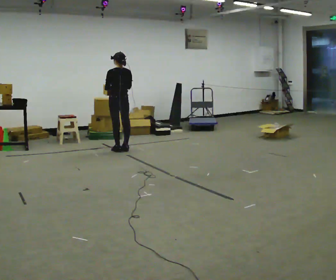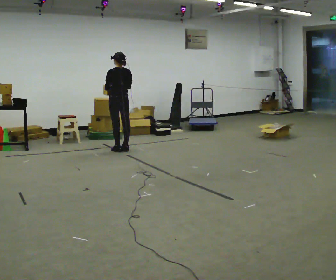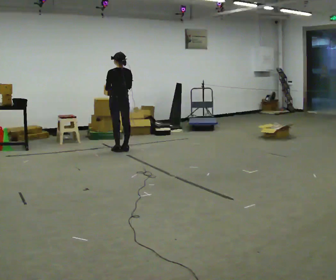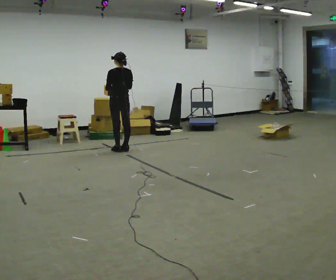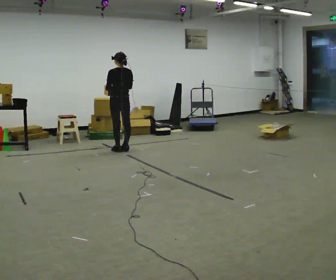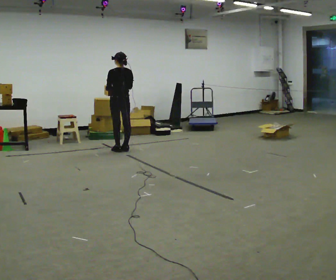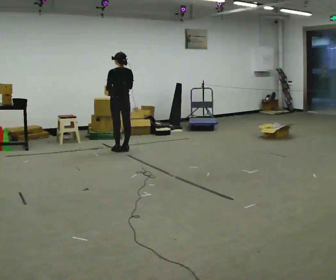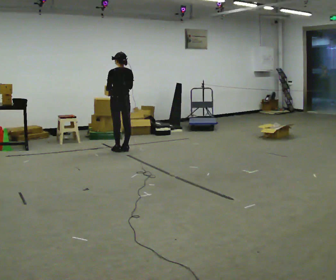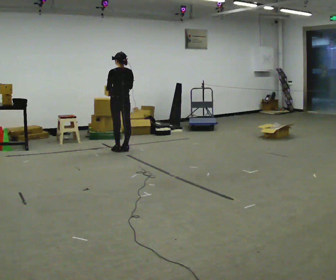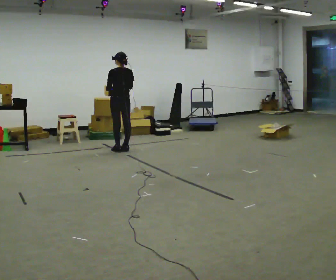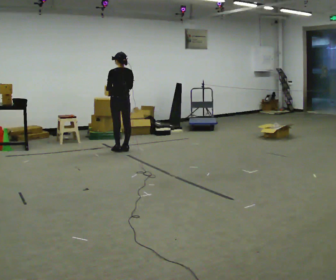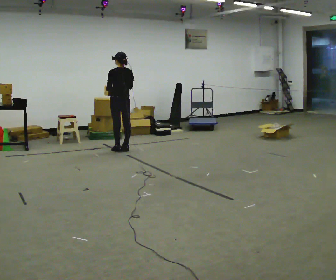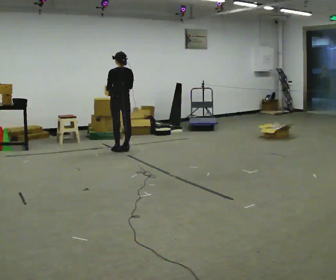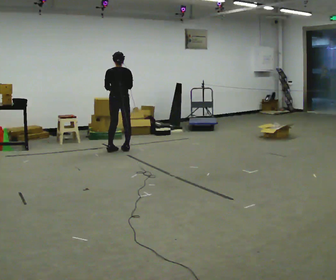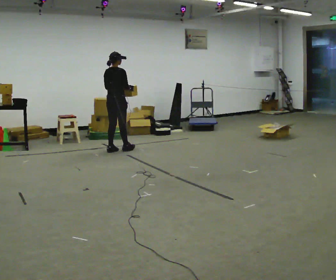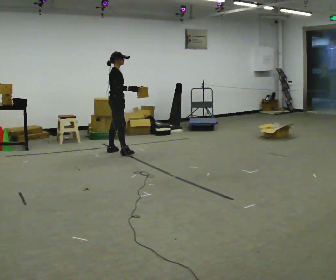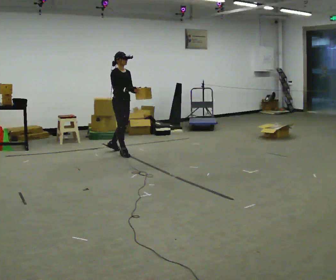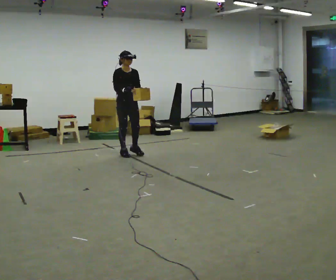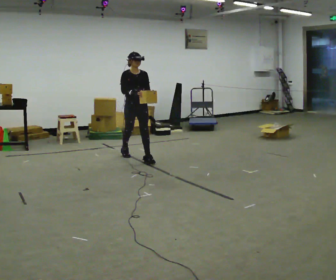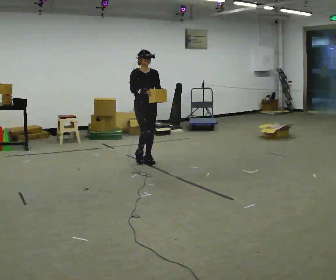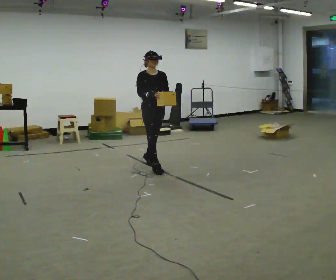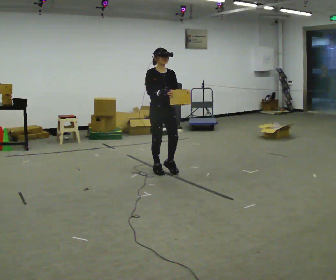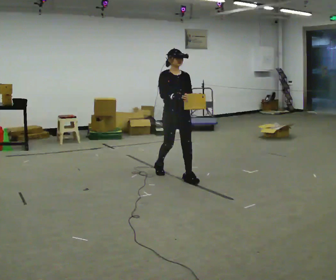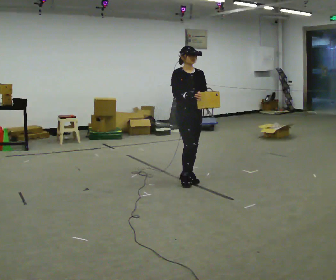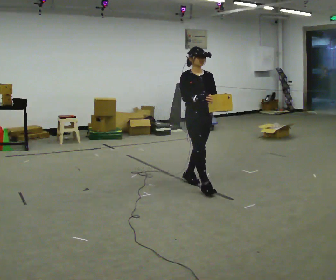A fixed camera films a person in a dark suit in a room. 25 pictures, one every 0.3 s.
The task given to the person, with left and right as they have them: Carry the light box in both hands in front of you, walking back and forth across the room. Keep walking until the operator says stop.
0.0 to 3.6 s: The person keeps their place and pose.
3.6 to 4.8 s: The part of the body nearest the lens slides to the left as the person turns to their right by about 150 degrees. In the picture they go toward the camera, about 0.25 m in 2 steps.
4.8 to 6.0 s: The person turns about 30 degrees to their right, clockwise seen from above, so the part of the body nearest the lens slides to the left. In the picture they go toward the camera and to the right, about 1 m in 2 steps, which for them is forward.
6.0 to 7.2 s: In the picture they go toward the camera and to the right, about 1 m in 2 steps, which for them is forward.
The film runs forward here.
